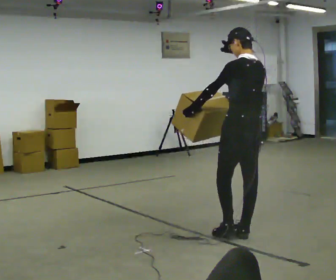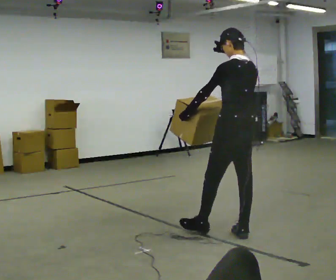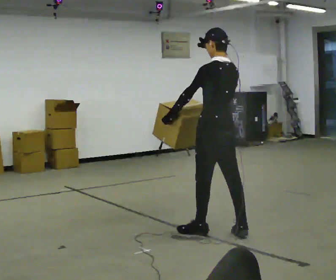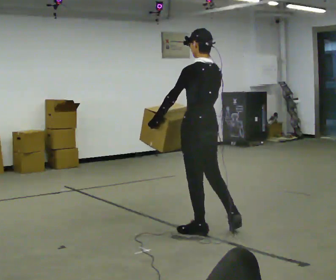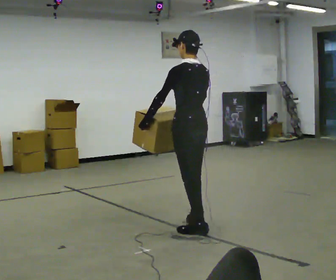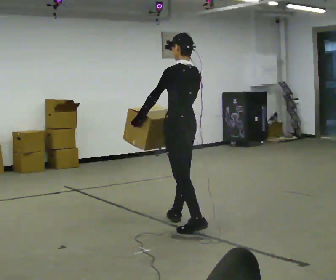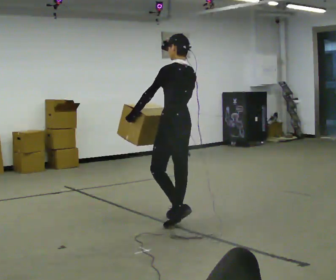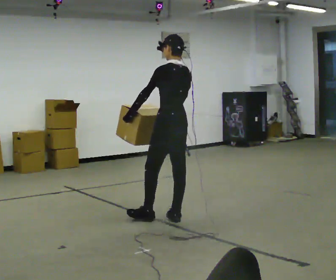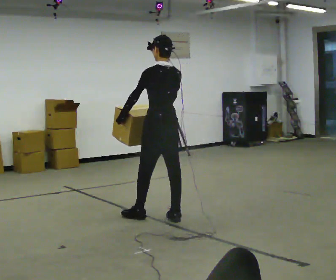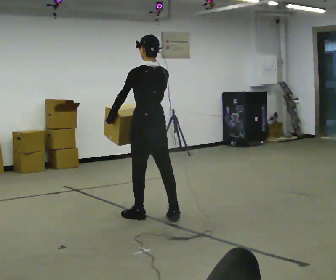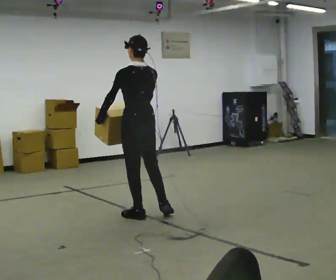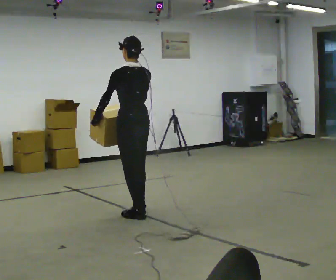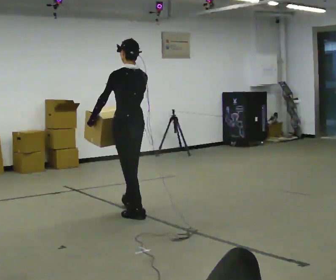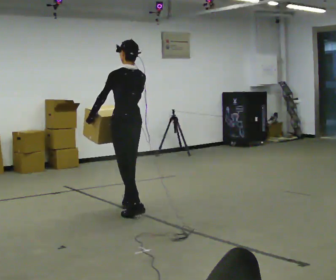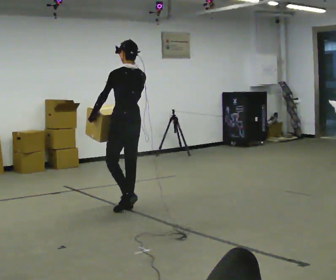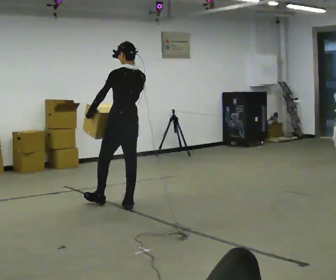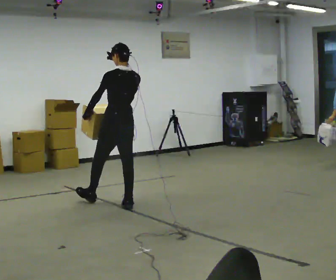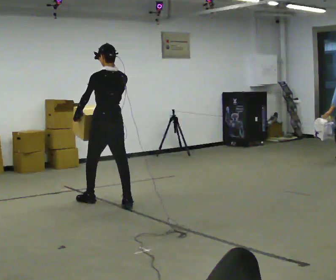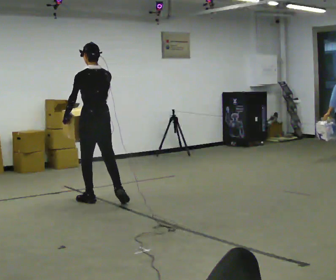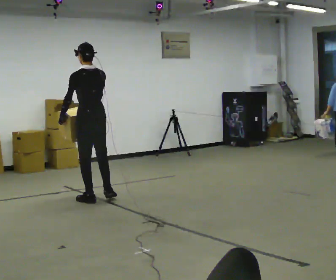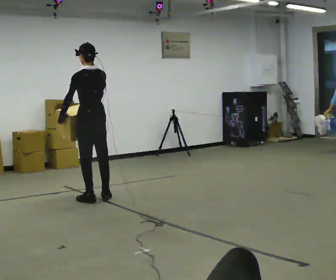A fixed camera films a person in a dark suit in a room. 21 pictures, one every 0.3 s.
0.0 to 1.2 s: In the picture they go to the left and away from the camera, about 0.5 m in 1 step, which for them is forward and to their left.
1.2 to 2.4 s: In the picture they go away from the camera and to the left, about 0.5 m in 2 steps, which for them is forward.
2.4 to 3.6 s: In the picture they go to the left and away from the camera, about 0.5 m in 1 step, which for them is forward and to their left.
3.6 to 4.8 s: In the picture they go away from the camera, about 0.5 m in 1 step, which for them is forward.
4.8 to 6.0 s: In the picture they go to the left and away from the camera, about 0.25 m in 1 step, which for them is forward and to their left.
The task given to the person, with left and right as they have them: Carry the box across the room, stopping and starting again each time the operator says stop and go. Do not set the box down.
The film runs forward here.
